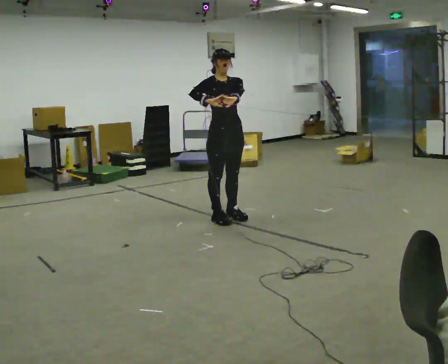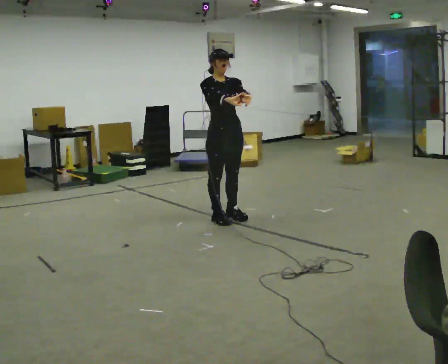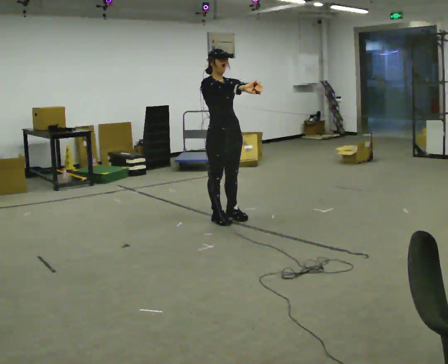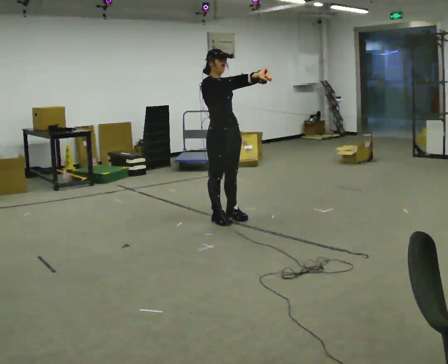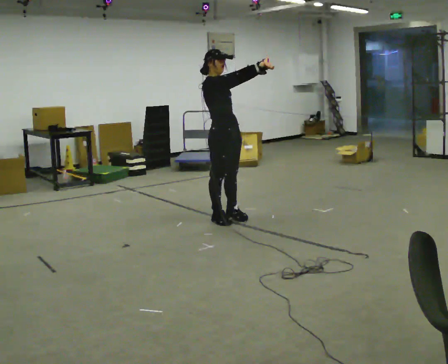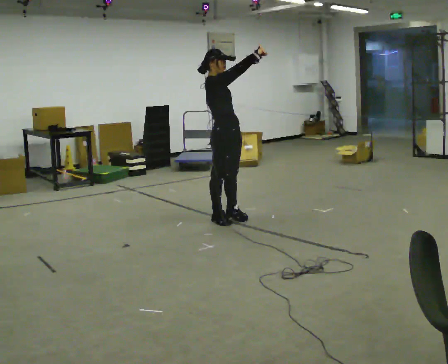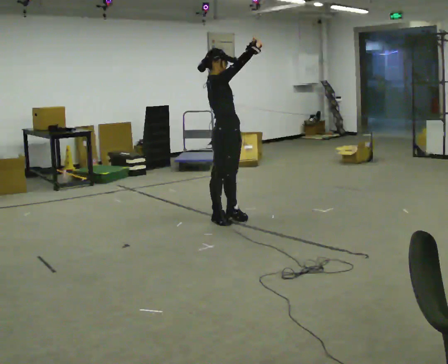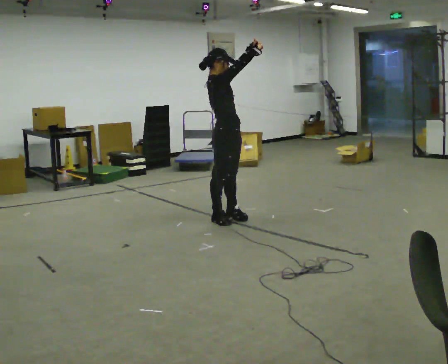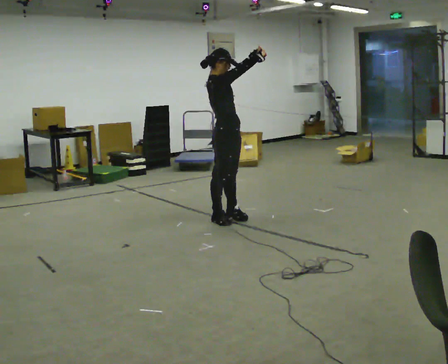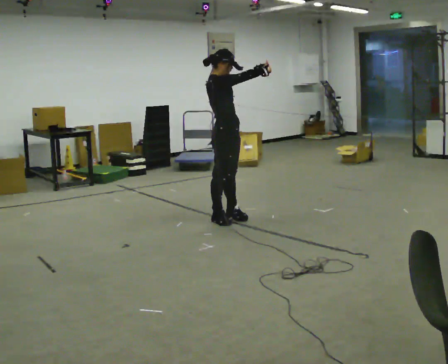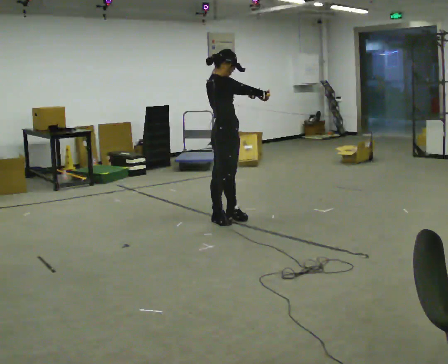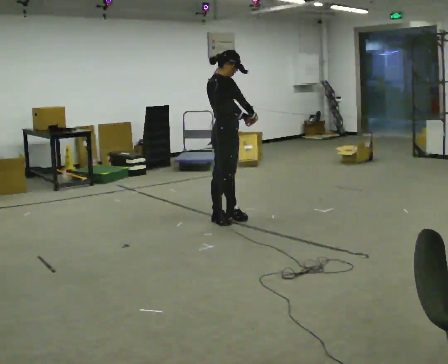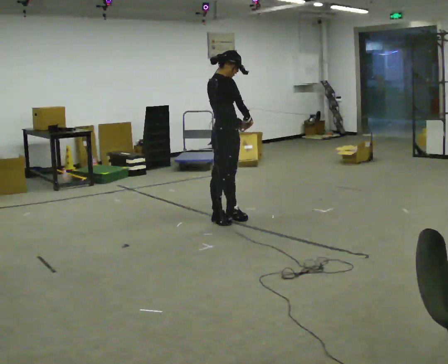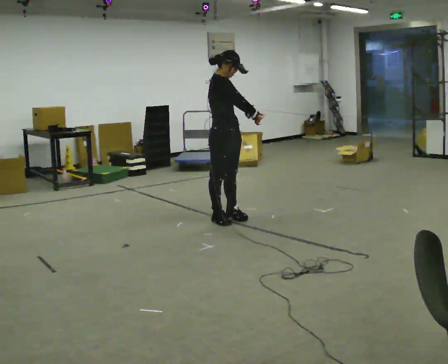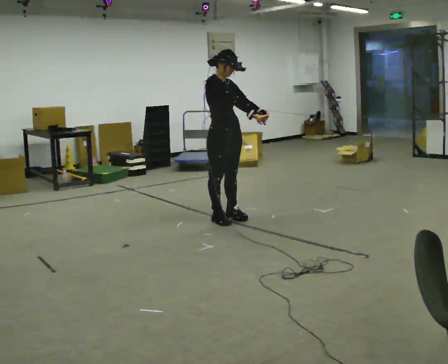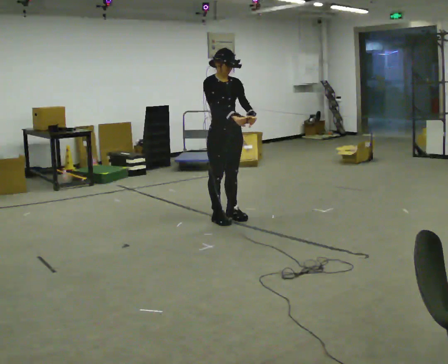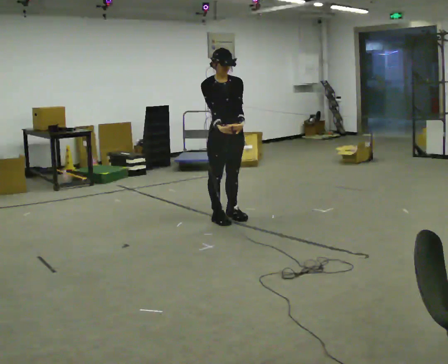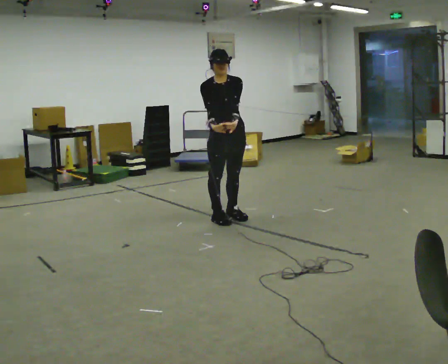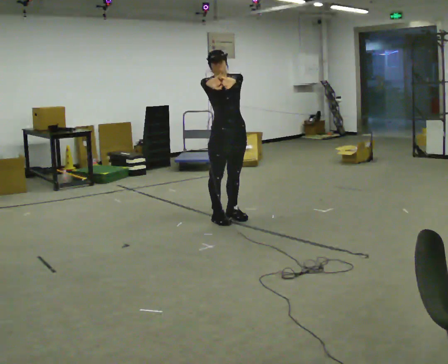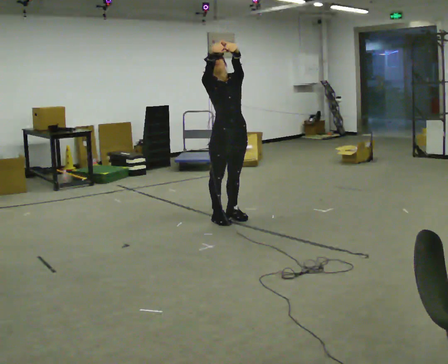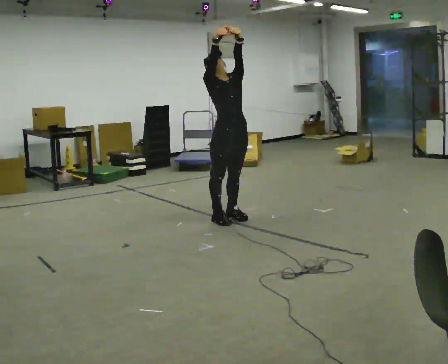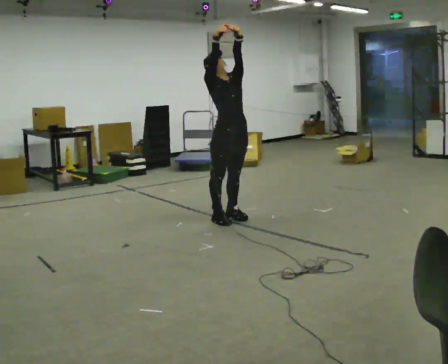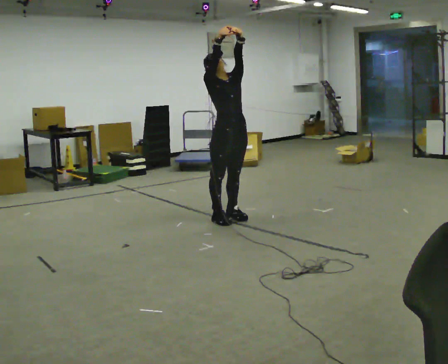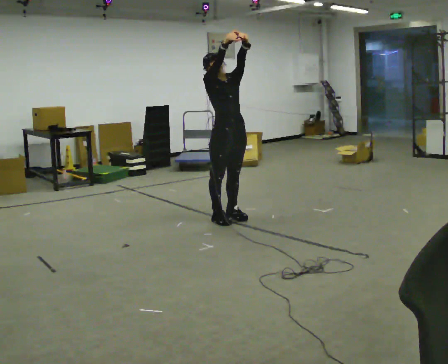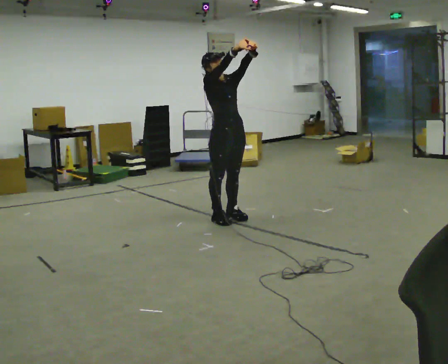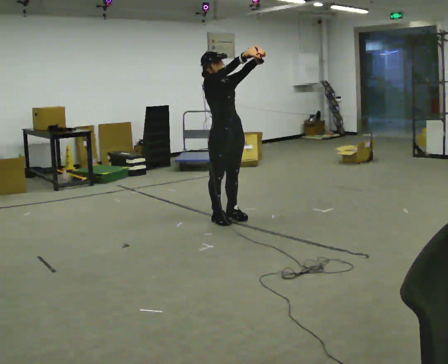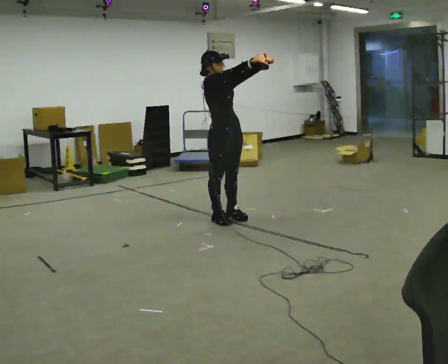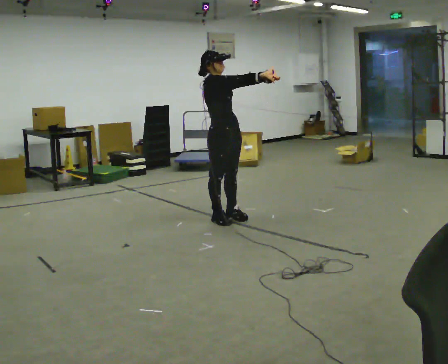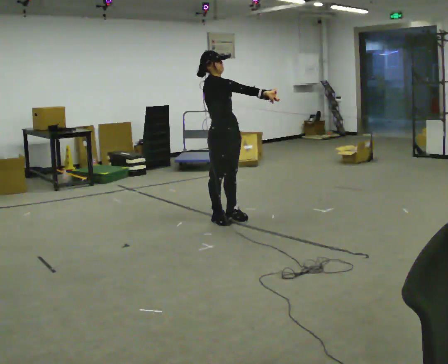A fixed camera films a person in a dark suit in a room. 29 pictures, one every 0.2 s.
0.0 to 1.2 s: The person turns about 45 degrees to their left, counterclockwise seen from above, so the part of the body nearest the lens slides to the right. In the picture their right hand goes upward and to the right.
1.2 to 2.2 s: In the picture their left hand goes downward, the arm swinging clockwise.
2.2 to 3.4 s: The part of the body nearest the lens slides to the left as the person turns to their right by about 60 degrees.
3.4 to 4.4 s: In the picture their left hand goes upward.
4.4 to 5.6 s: The part of the body nearest the lens slides to the right as the person turns to their left by about 30 degrees. In the picture their left hand goes downward and to the right, the arm swinging clockwise.
The film runs backward here.
